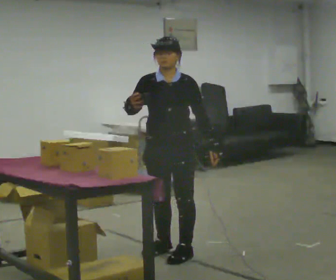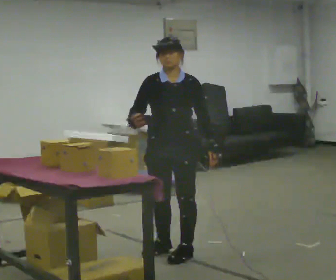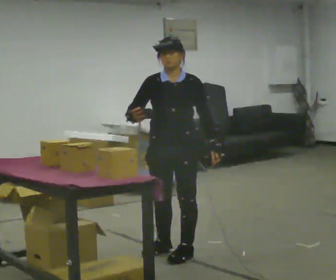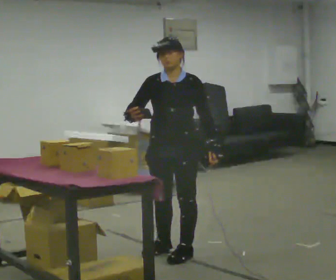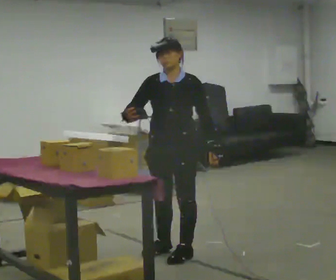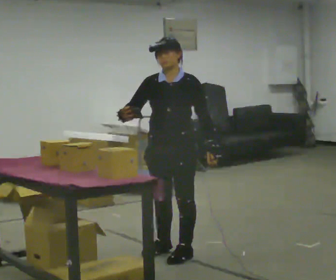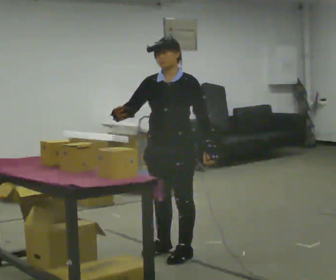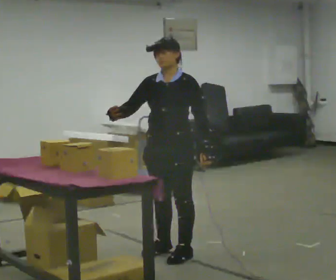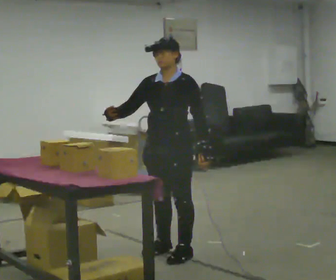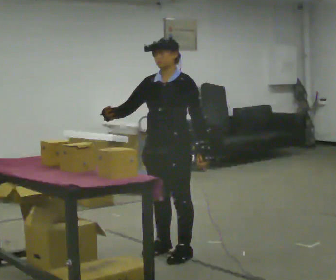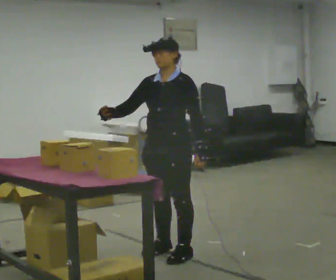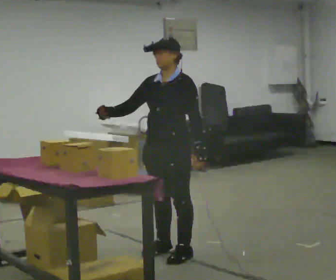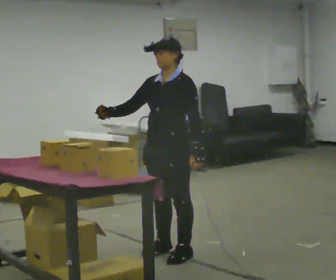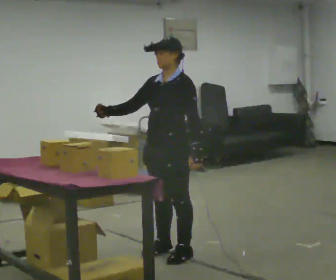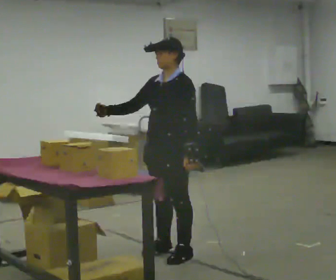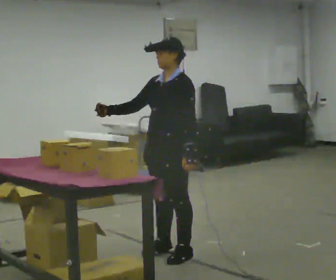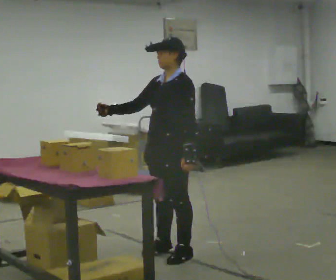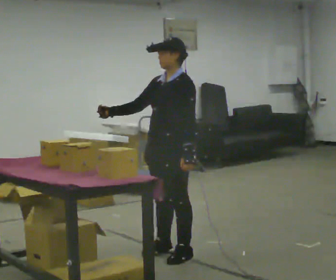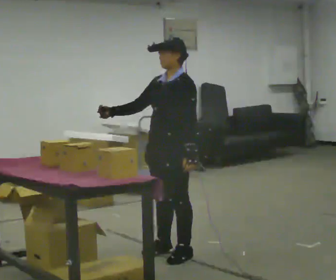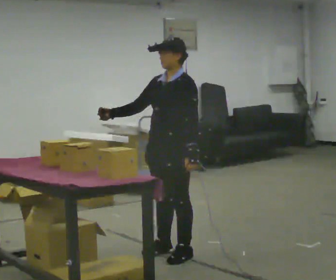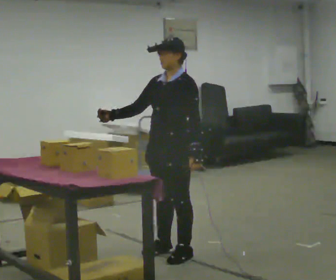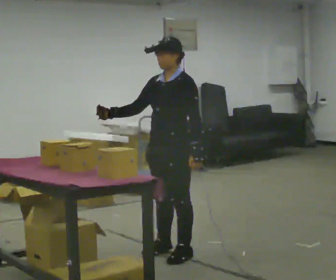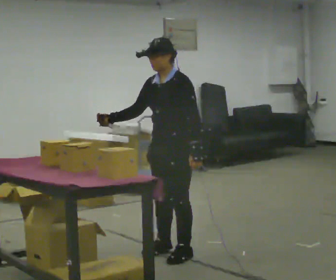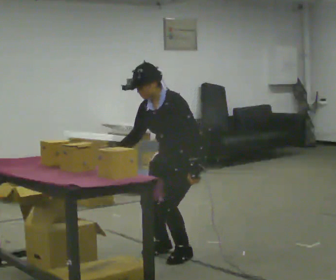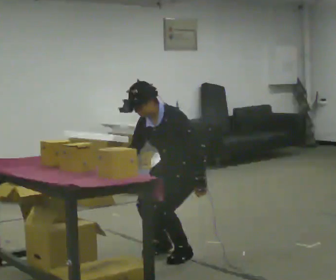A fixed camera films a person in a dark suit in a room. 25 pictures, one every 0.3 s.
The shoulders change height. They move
downward.
0.0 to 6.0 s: The person turns about 45 degrees to their right, clockwise seen from above, so the part of the body nearest the lens slides to the left.
6.0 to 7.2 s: The upper body goes downward. In the picture the upper body tilts counterclockwise, shoulders to the left, as they bend forward.
The film runs forward here.
